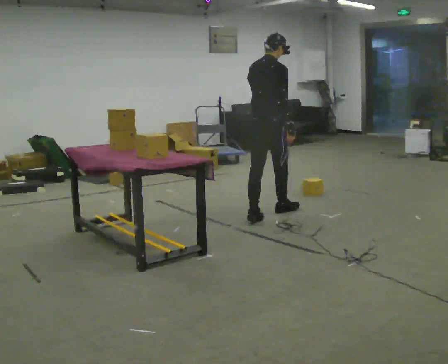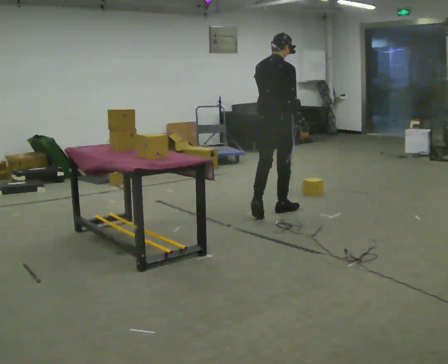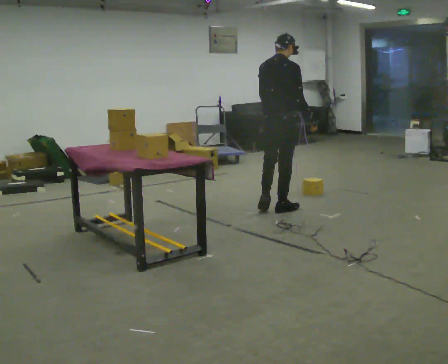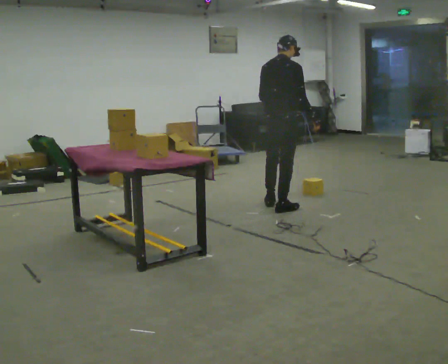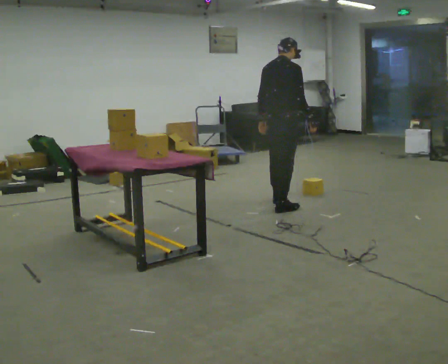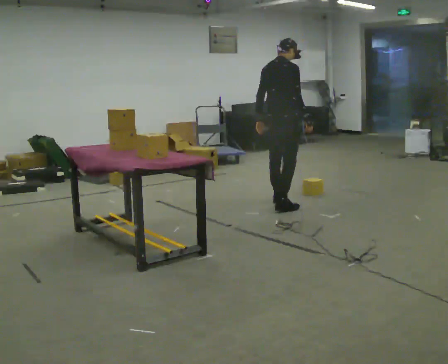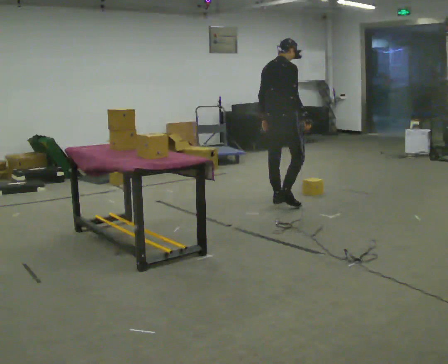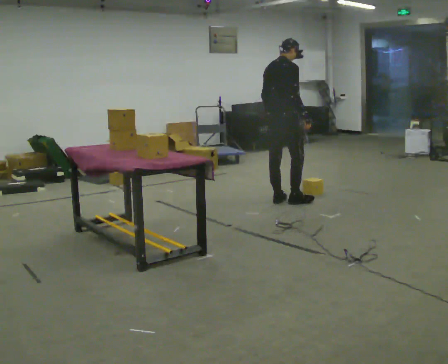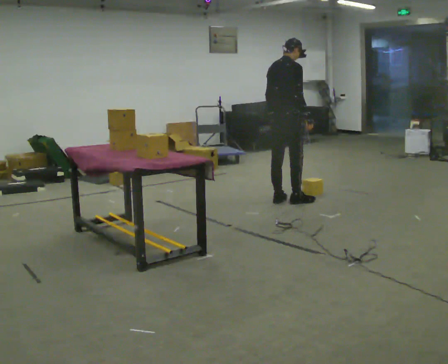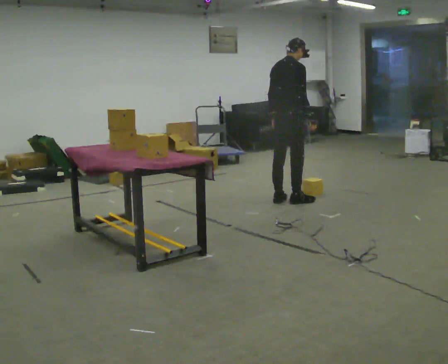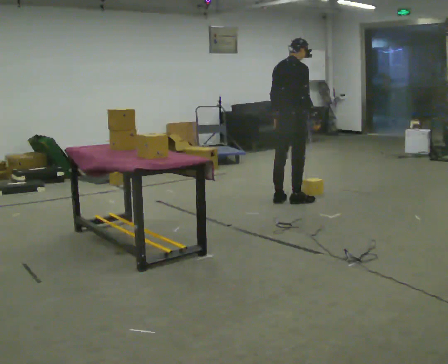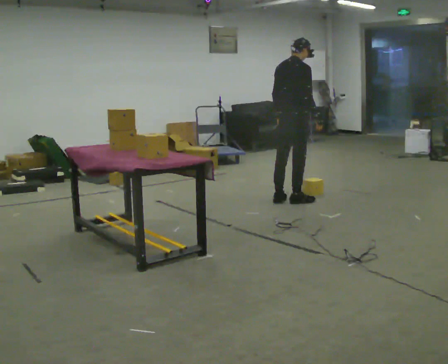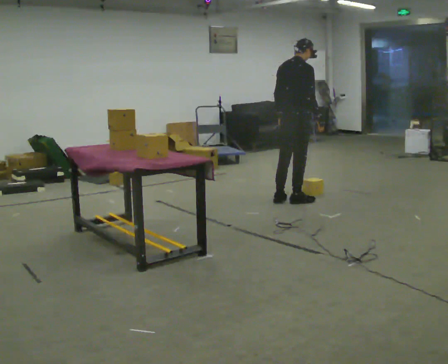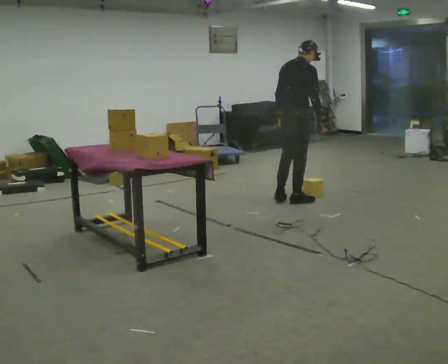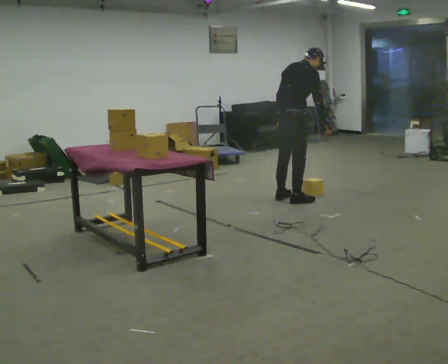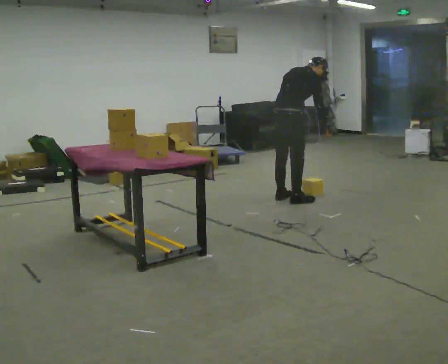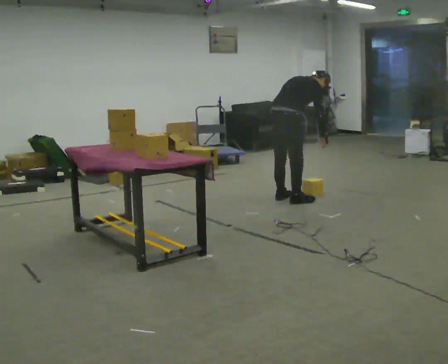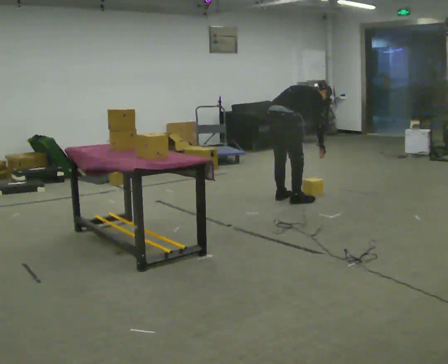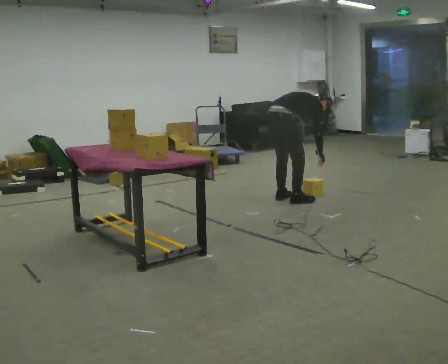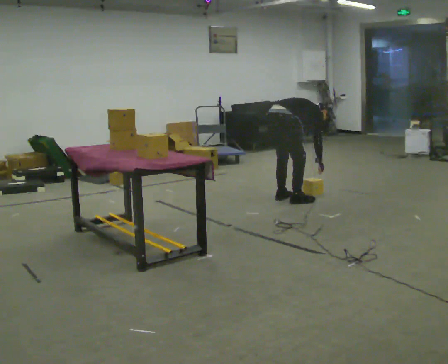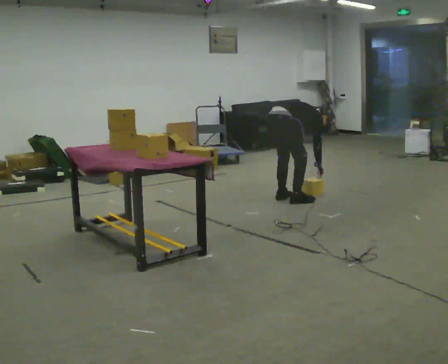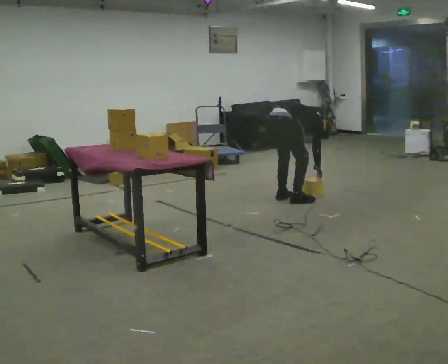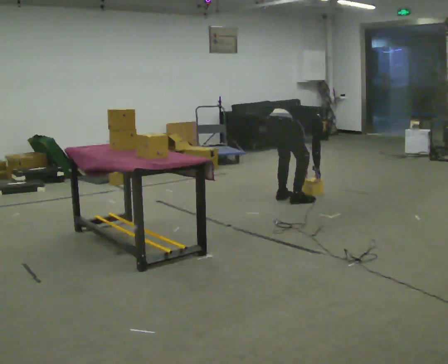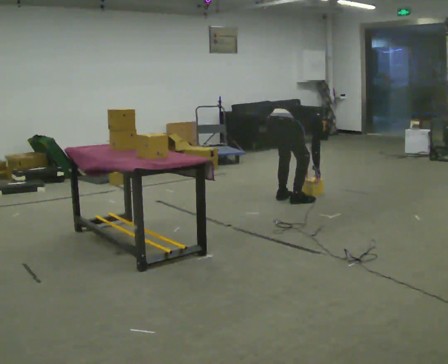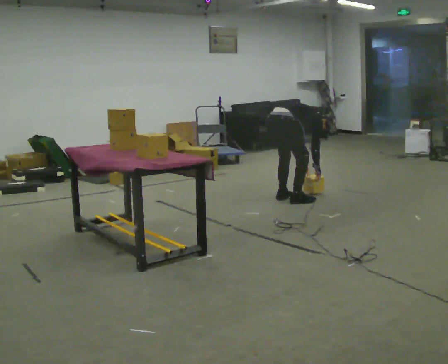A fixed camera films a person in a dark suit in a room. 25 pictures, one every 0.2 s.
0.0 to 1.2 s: In the picture they go away from the camera, about 0.5 m in 1 step, which for them is forward.
1.2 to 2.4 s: The person moves a little, or ends about where they began.
2.4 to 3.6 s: The shoulders move downward. In the picture the upper body tilts clockwise, shoulders to the right, as they bend forward. In the picture their right hand goes downward.
3.6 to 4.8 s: The upper body tips away from the camera, its near side rolling upward, as they bend forward.
The film runs forward here.
